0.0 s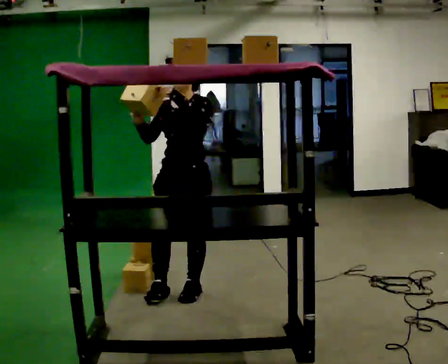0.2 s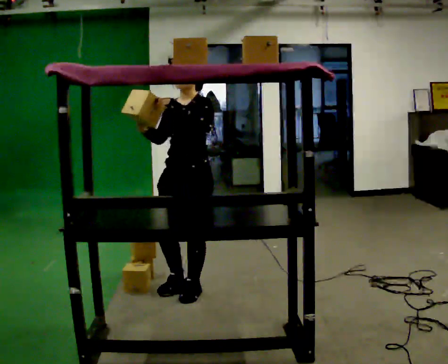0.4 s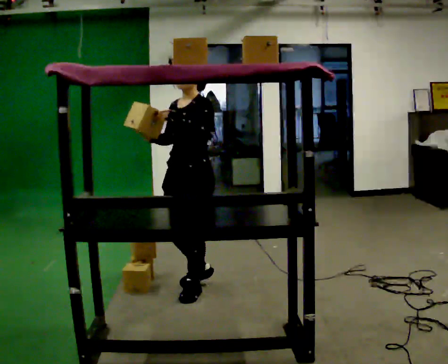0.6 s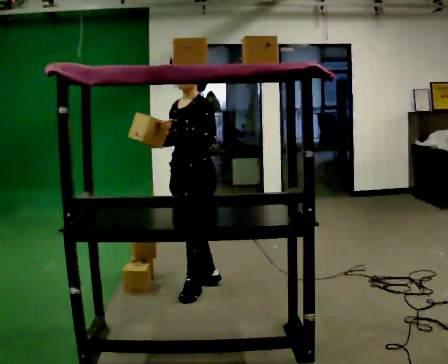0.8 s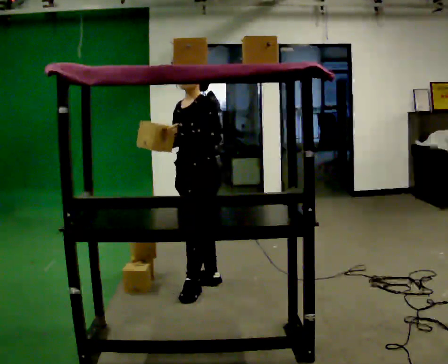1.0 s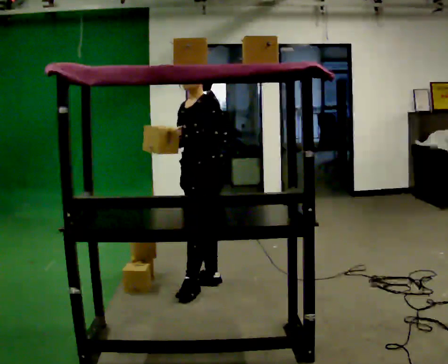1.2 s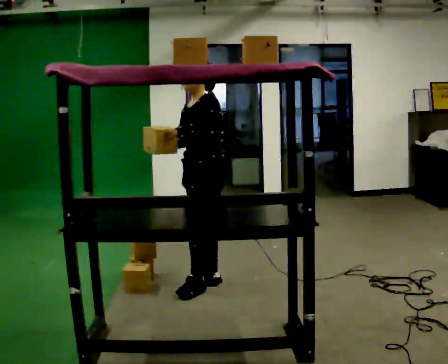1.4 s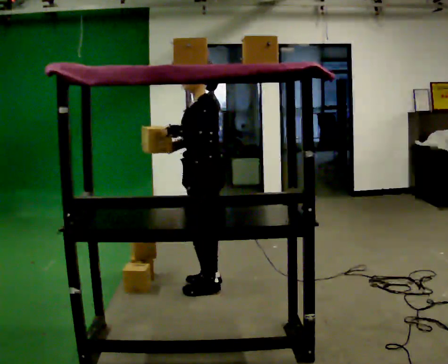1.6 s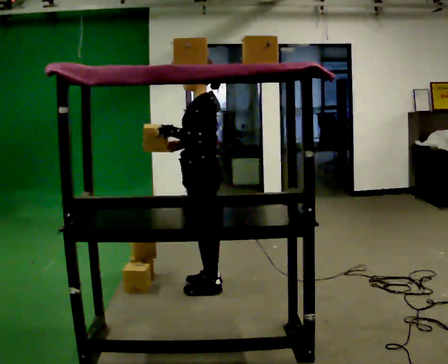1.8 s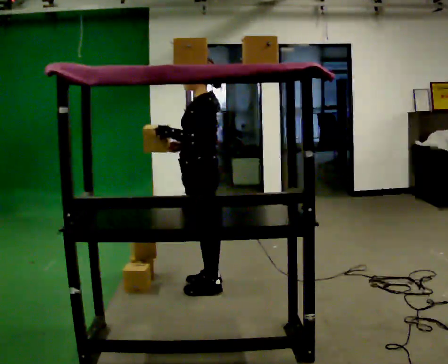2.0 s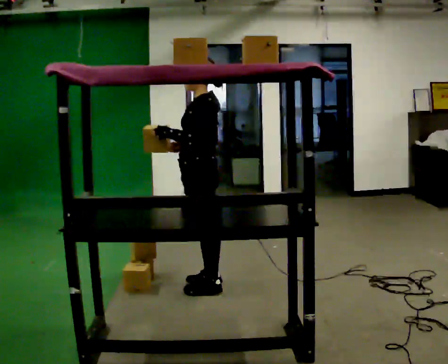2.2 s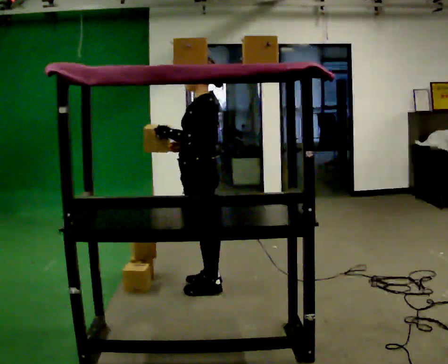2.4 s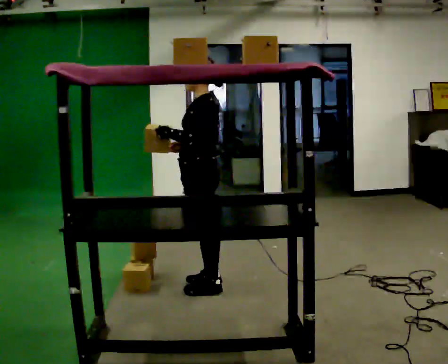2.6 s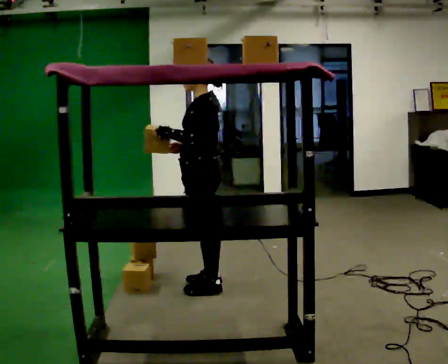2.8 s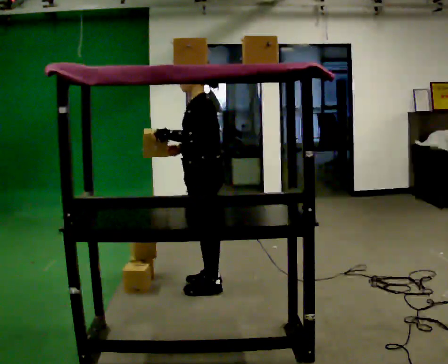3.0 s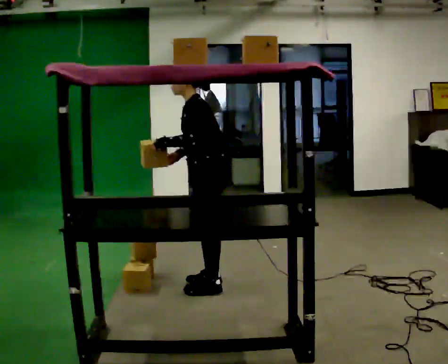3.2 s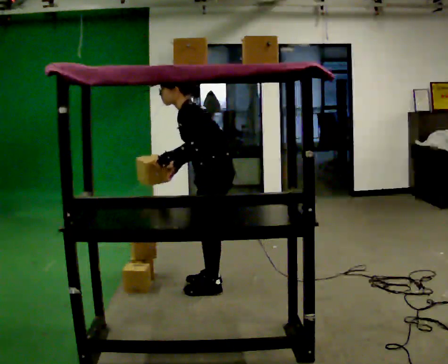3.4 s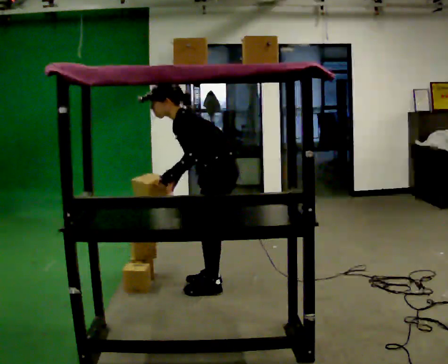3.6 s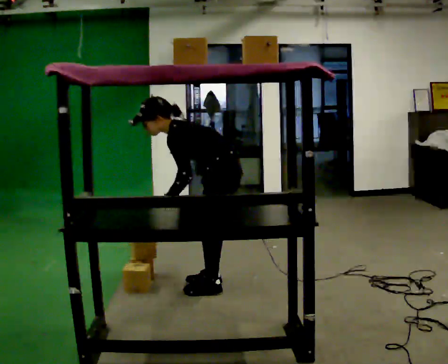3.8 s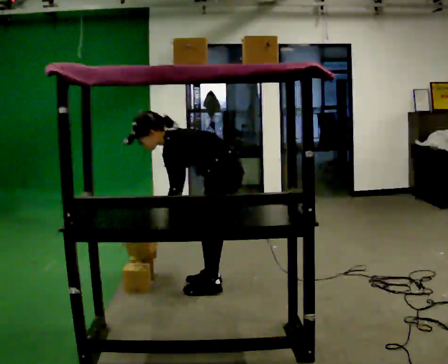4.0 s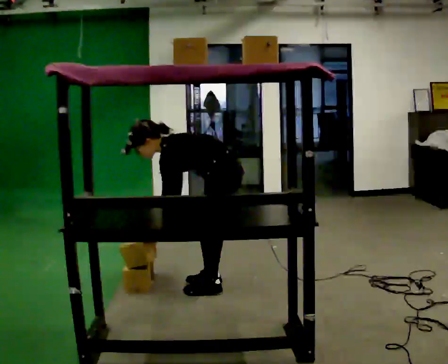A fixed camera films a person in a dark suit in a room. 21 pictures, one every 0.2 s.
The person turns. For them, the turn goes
to their right.
Their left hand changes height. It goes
downward.
0.0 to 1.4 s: The person turns about 45 degrees to their right, clockwise seen from above, so the part of the body nearest the lens slides to the left. In the picture they go away from the camera, about 0.25 m, which for them is backward.
1.4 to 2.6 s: The person moves a little, or ends about where they began.
2.6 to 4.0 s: The upper body goes downward. In the picture the upper body tilts counterclockwise, shoulders to the left, as they bend forward. In the picture their left hand goes downward.
The film runs backward here.
